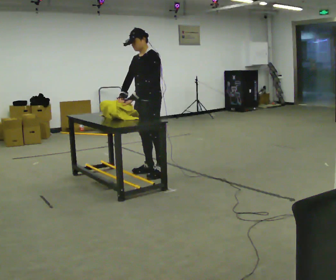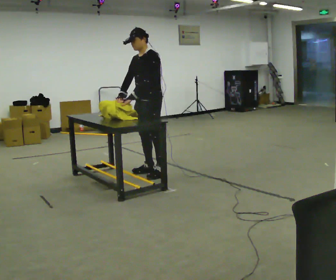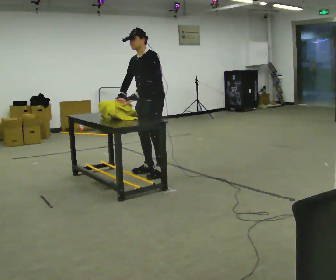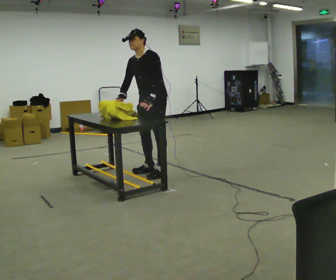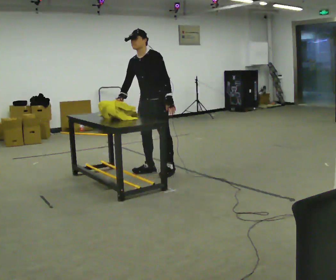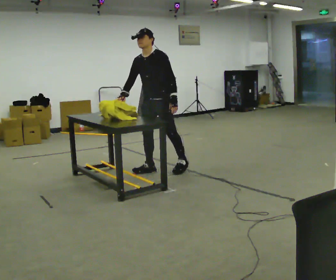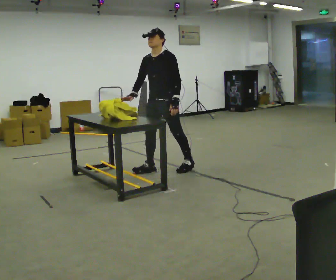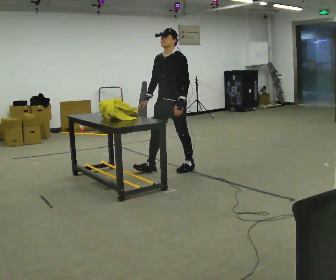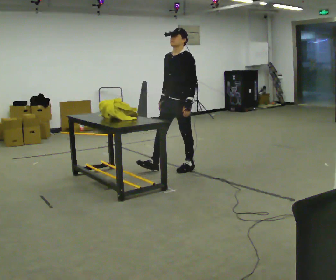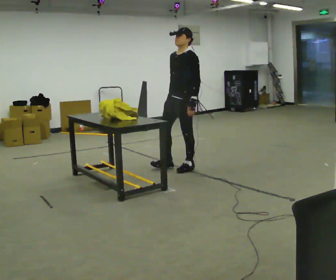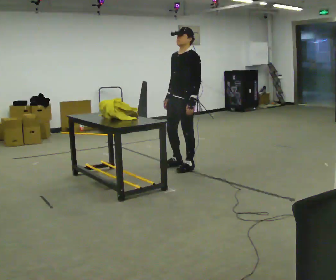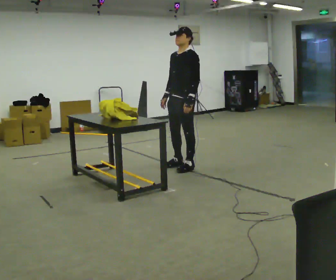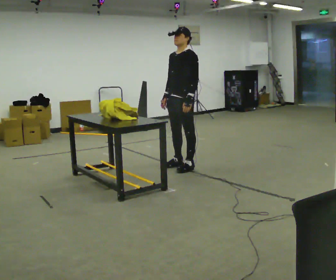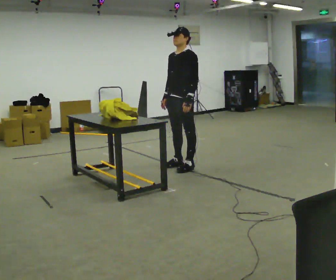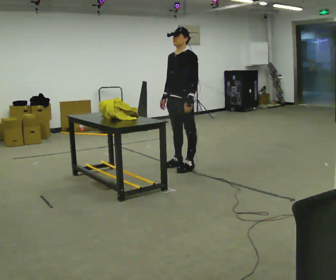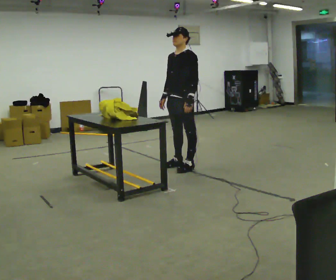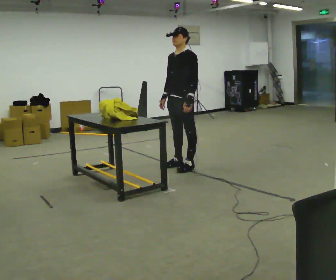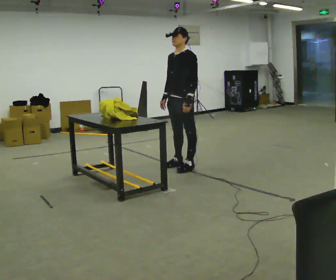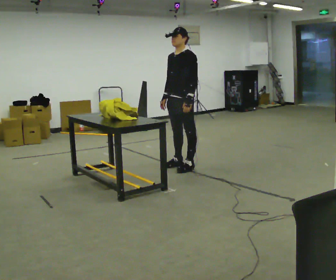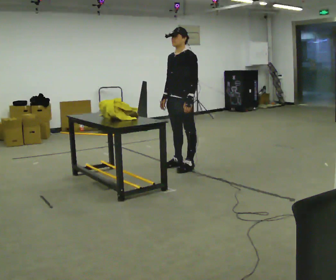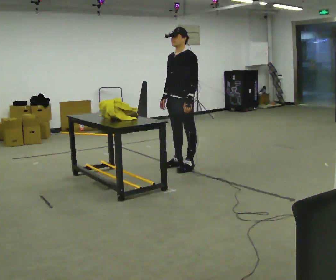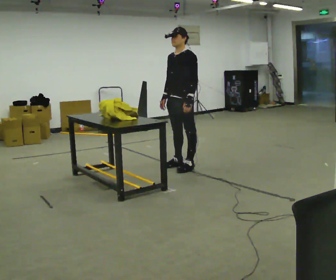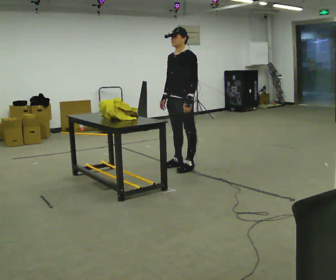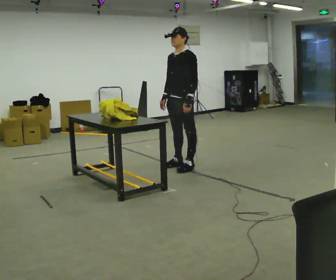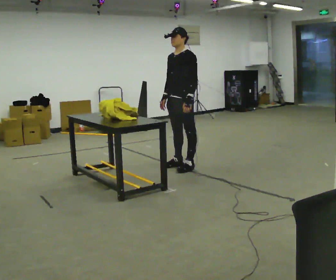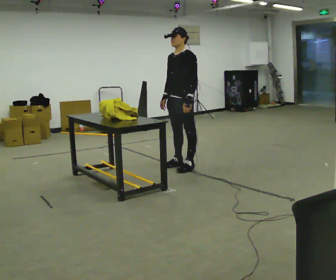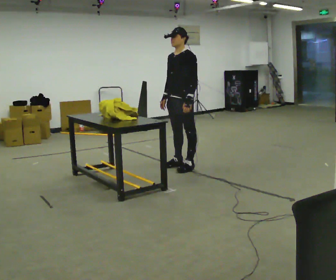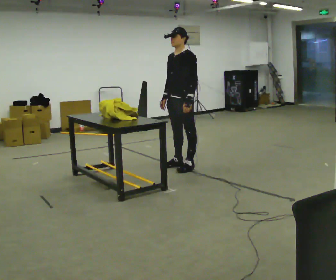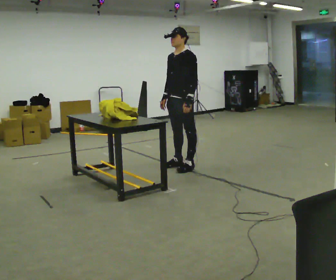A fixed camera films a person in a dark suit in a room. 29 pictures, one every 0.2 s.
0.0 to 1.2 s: In the picture they go to the right, about 0.25 m in 1 step, which for them is backward. In the picture their left hand goes to the right.
1.2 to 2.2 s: In the picture they go to the right, about 0.25 m in 1 step, which for them is backward. In the picture their right hand goes to the right.
2.2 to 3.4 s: The person moves a little, or ends about where they began.
3.4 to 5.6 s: The person keeps their place and pose.
The film runs forward here.
